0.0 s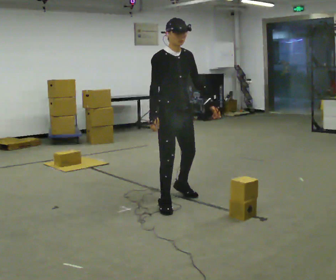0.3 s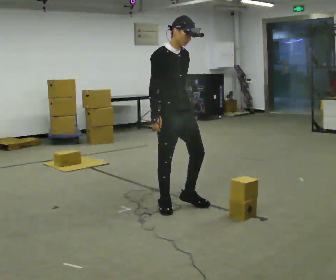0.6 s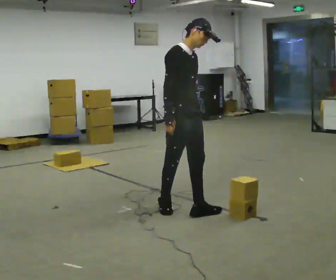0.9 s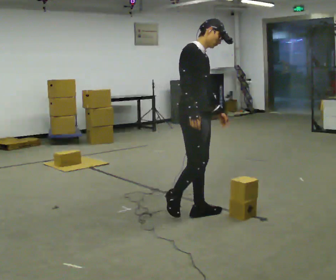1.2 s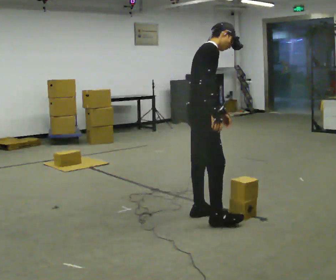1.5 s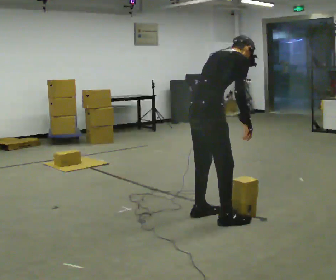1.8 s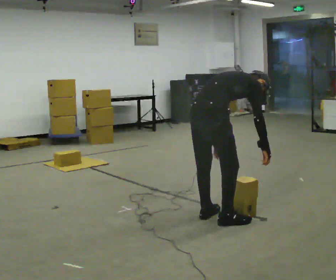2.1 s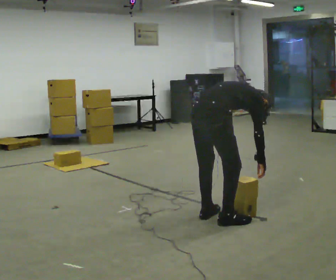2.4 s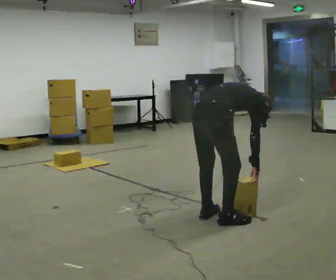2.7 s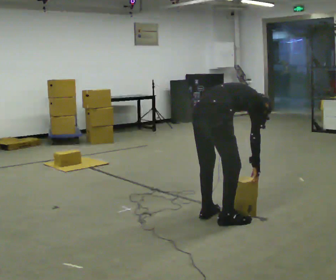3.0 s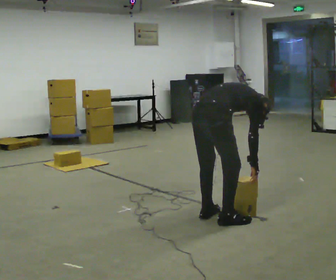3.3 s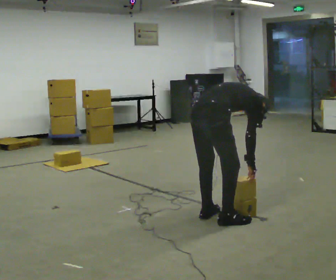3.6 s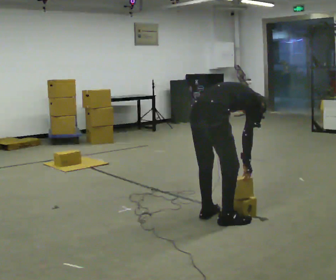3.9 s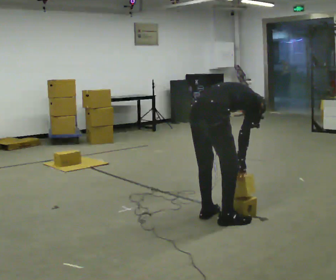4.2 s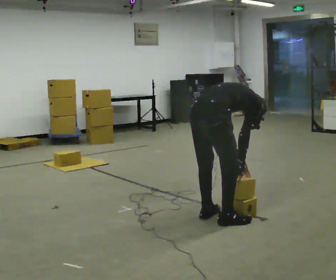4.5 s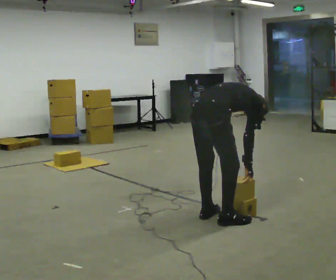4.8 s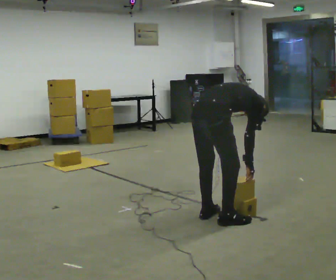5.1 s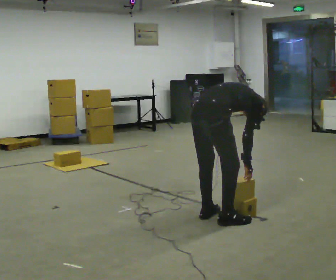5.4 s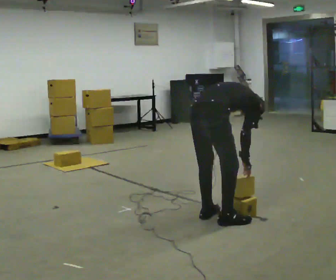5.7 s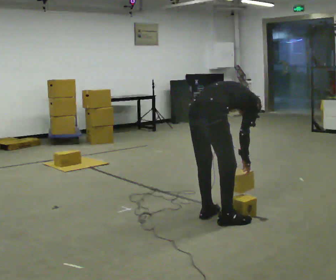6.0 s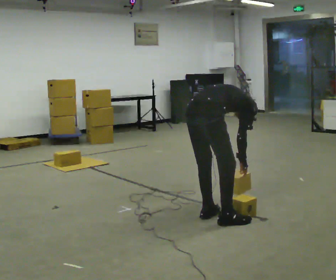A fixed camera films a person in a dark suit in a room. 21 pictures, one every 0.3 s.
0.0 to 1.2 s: The person turns about 60 degrees to their left, counterclockwise seen from above, so the part of the body nearest the lens slides to the right. In the picture they go toward the camera and to the right, about 0.5 m in 1 step, which for them is forward and to their right.
1.2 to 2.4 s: The person turns about 30 degrees to their left, counterclockwise seen from above, so the part of the body nearest the lens slides to the right. In the picture they go toward the camera, about 0.25 m in 1 step, which for them is to their right. The upper body goes downward. The upper body tips away from the camera, its near side rolling upward, as they bend forward. In the picture their right hand goes downward.
2.4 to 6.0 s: The person moves a little, or ends about where they began.
The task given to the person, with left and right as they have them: Carry the boxes over one at a time and lay them out on the pallet in the pattern the operator shows you. Keep going until the operator says stop; one object at a time, and do not rush between trips.
The film runs forward here.
